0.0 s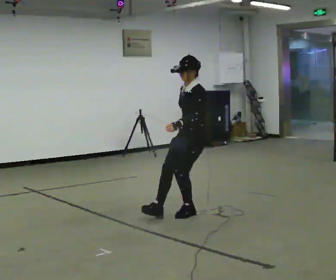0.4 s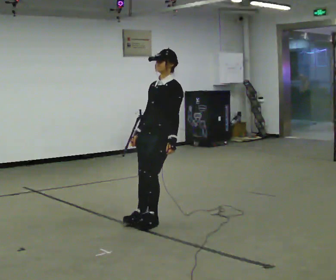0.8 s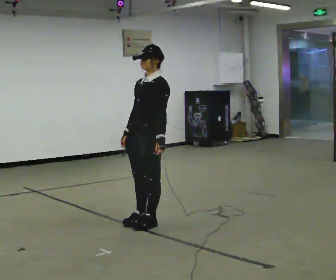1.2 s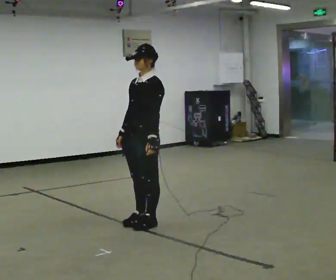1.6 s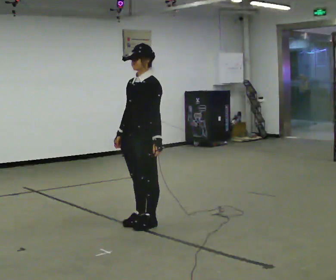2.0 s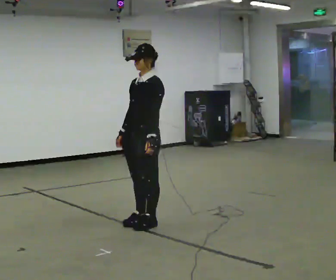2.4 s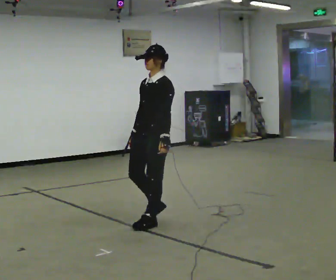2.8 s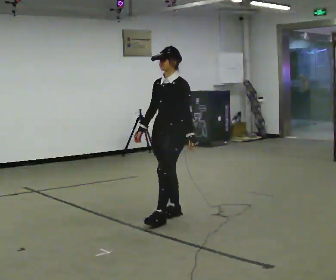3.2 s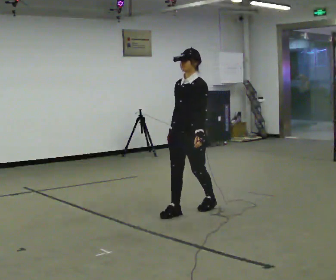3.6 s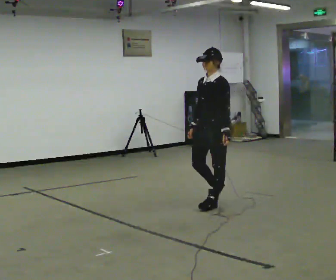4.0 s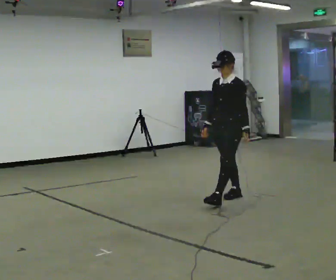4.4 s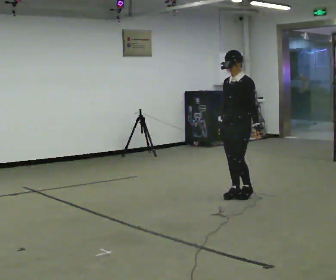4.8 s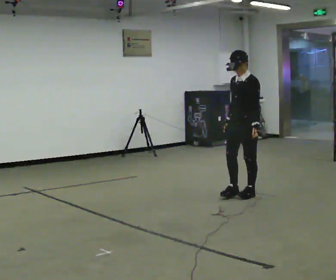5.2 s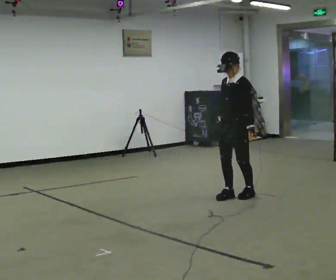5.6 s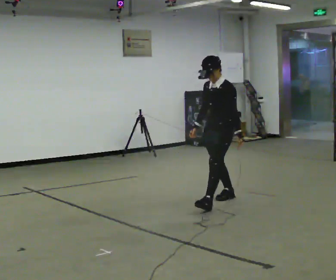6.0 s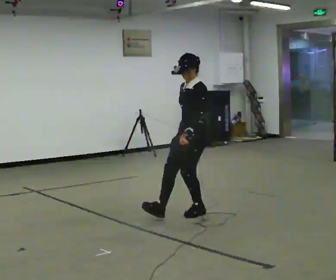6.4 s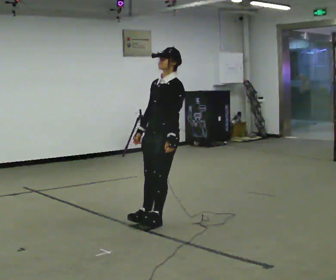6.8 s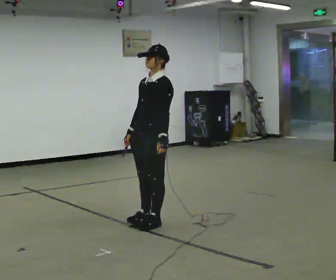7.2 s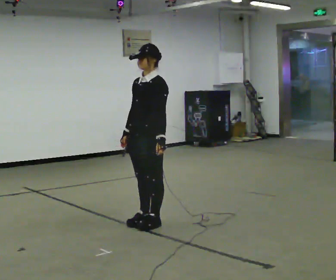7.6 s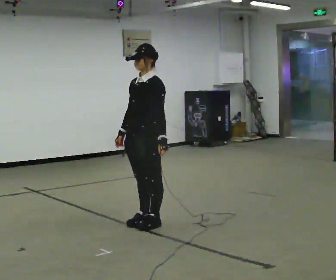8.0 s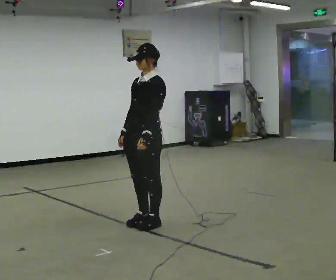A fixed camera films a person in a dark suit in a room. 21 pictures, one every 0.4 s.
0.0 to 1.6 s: In the picture they go toward the camera and to the left, about 0.5 m in 1 step, which for them is forward.
1.6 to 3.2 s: In the picture they go away from the camera and to the right, about 0.5 m in 2 steps, which for them is backward.
3.2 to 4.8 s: In the picture they go away from the camera and to the right, about 1 m in 2 steps, which for them is backward.
4.8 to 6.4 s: In the picture they go toward the camera and to the left, about 1 m in 3 steps, which for them is forward.
6.4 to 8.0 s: In the picture they go toward the camera, about 0.25 m, which for them is forward.
The film runs backward here.
